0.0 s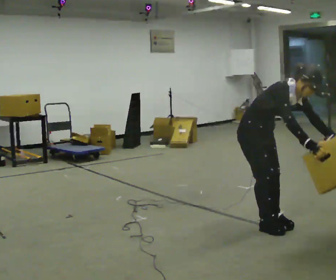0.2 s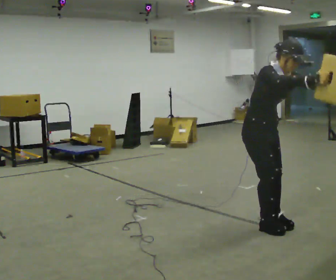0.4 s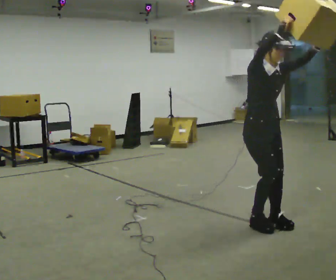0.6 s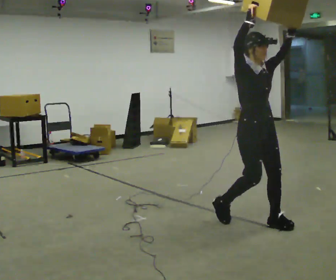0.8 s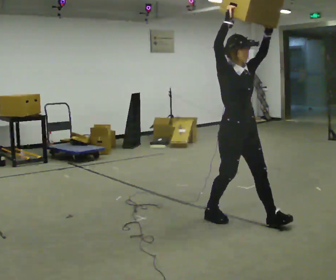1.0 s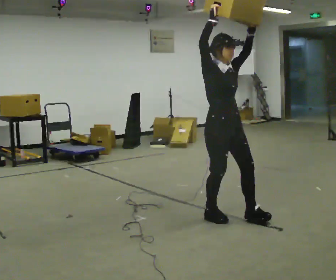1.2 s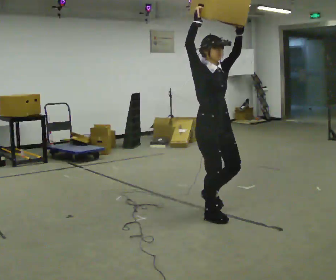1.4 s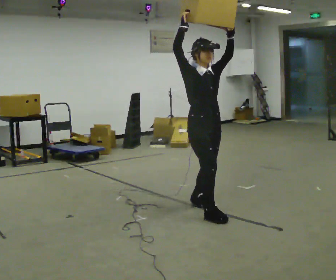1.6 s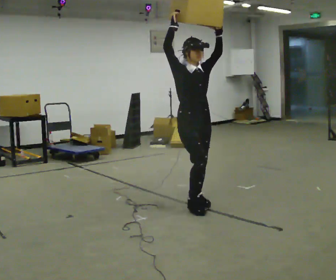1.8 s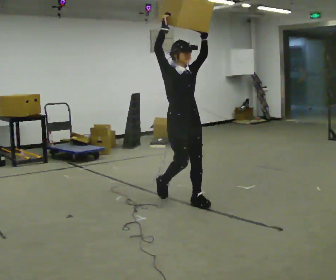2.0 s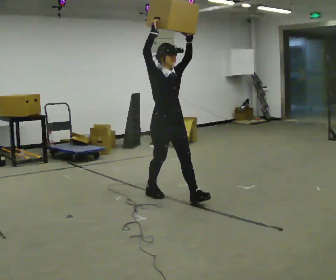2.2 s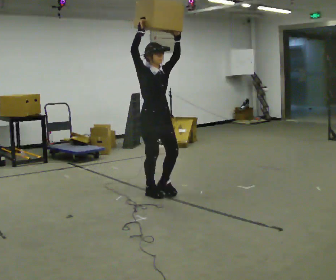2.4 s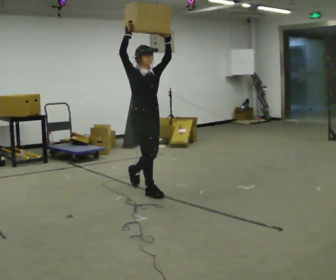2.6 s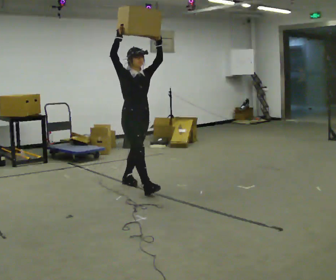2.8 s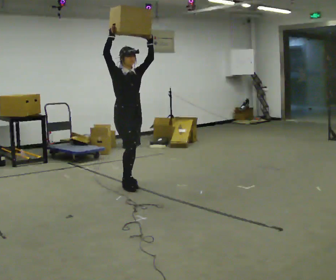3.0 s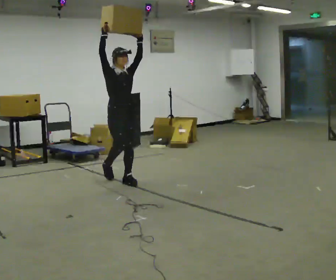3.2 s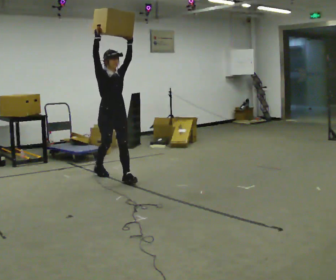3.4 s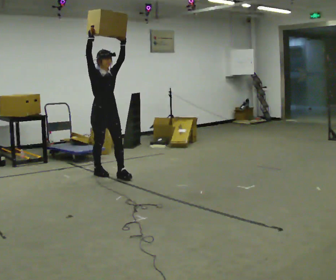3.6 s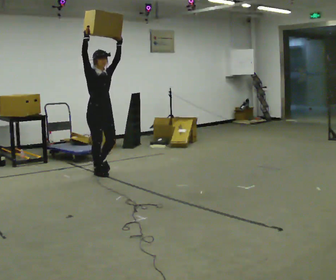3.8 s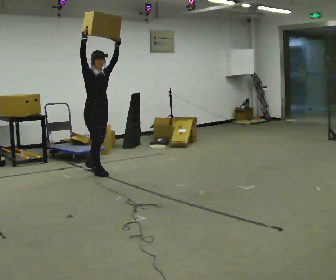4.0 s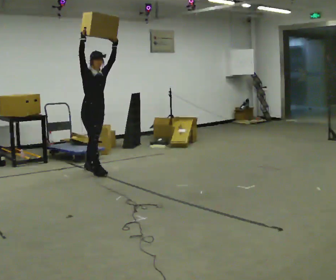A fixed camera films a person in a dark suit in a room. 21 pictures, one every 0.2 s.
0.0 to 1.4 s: In the picture they go away from the camera and to the left, about 0.5 m in 2 steps, which for them is backward. The upper body tips away from the camera, its near side rolling upward, as they lean back or straighten. In the picture their right hand goes upward.
1.4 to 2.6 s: In the picture they go away from the camera and to the left, about 1 m in 3 steps, which for them is backward.
2.6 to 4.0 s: In the picture they go away from the camera and to the left, about 1 m in 1 step, which for them is backward.
The film runs backward here.
